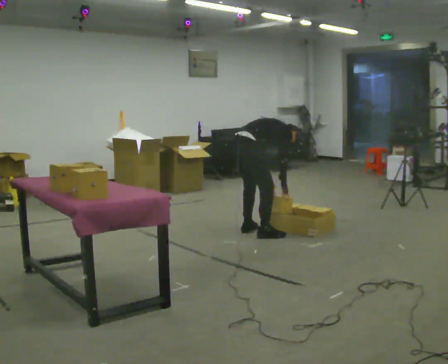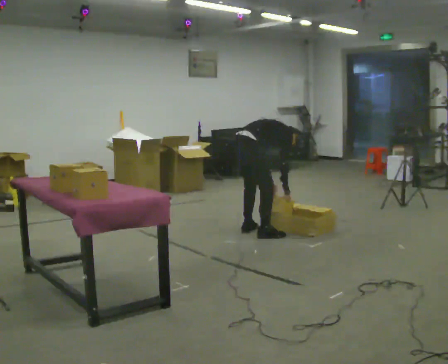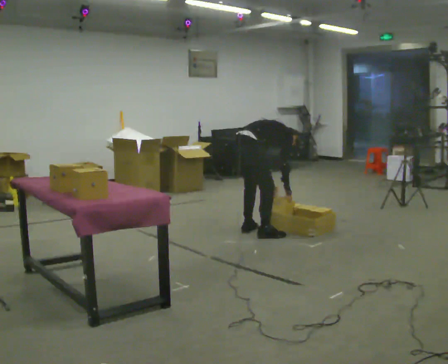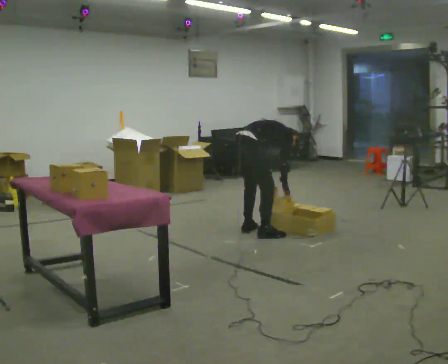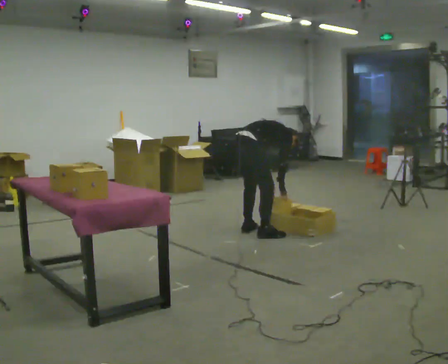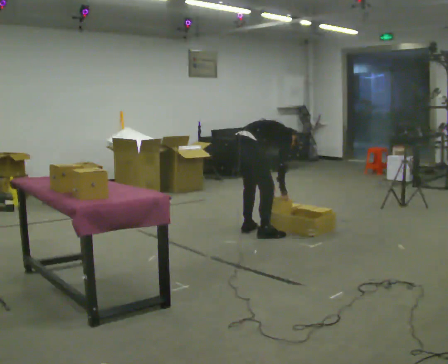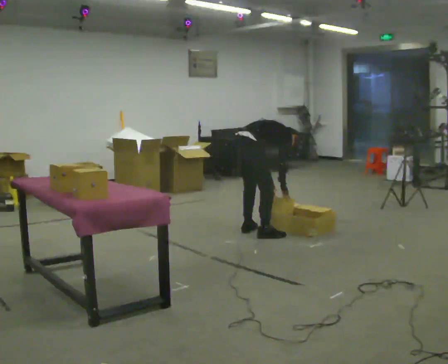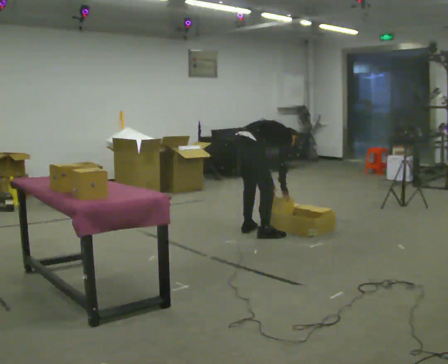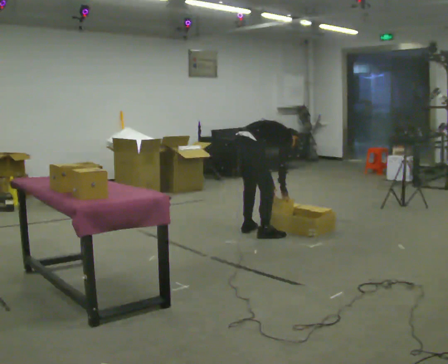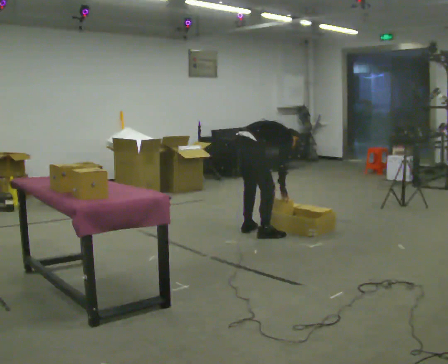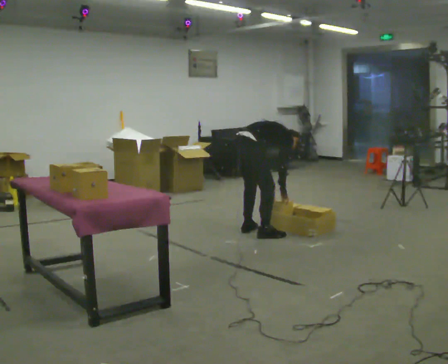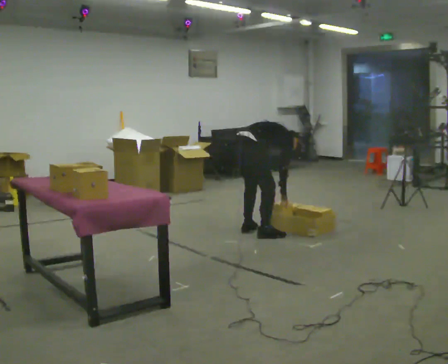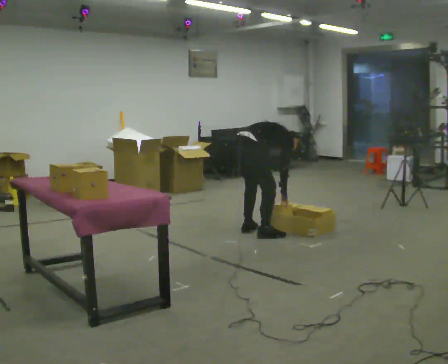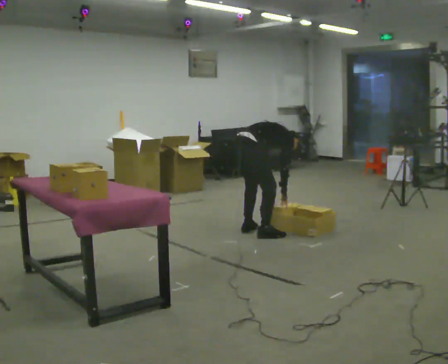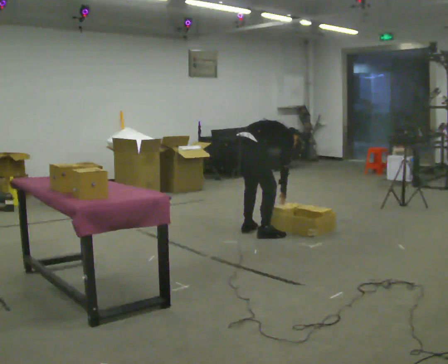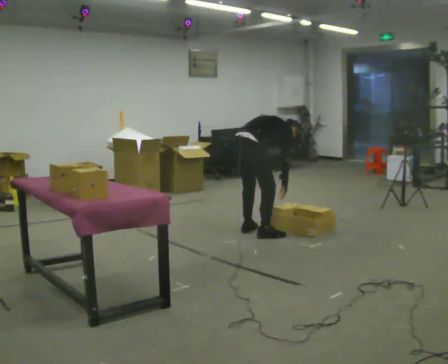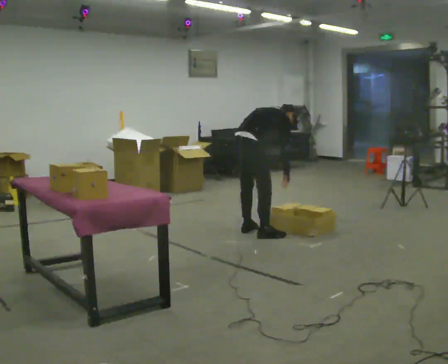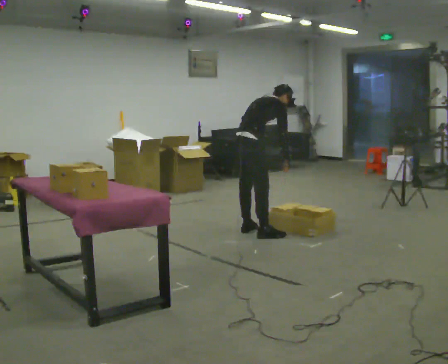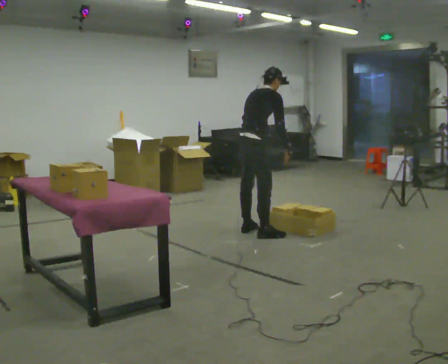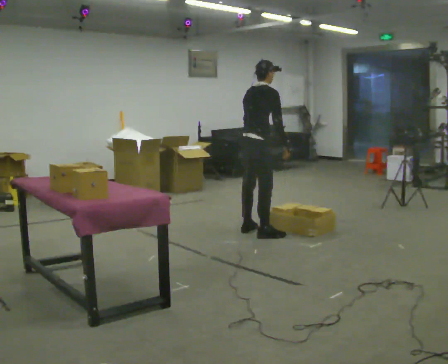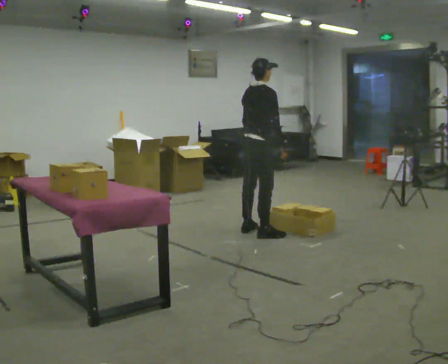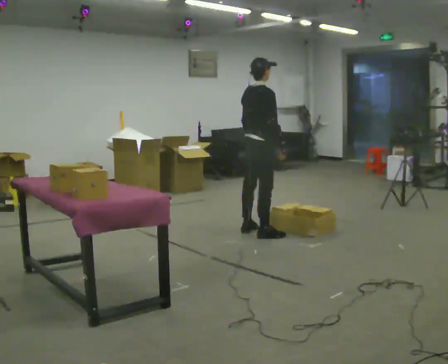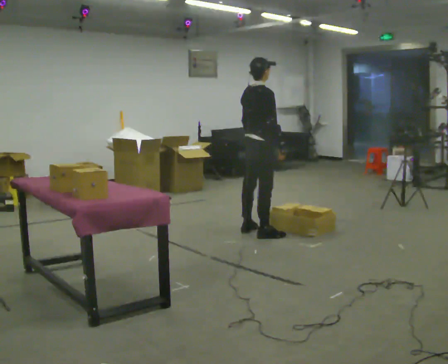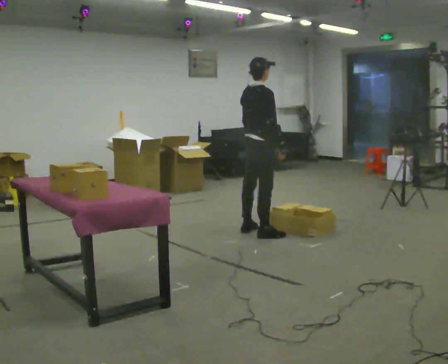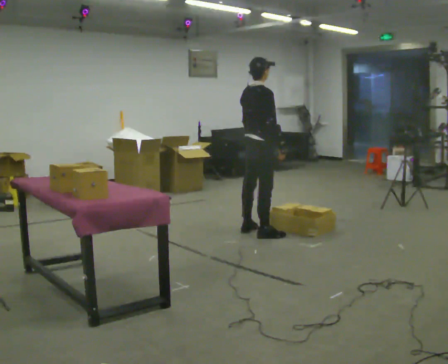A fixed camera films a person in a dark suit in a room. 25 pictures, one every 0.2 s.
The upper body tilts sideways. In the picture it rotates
counterclockwise.
The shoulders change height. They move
upward.
0.0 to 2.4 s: The person moves a little, or ends about where they began.
2.4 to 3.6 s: The shoulders move upward. In the picture the upper body tilts counterclockwise, shoulders to the left, as they lean back or straighten. In the picture their right hand goes upward.
3.6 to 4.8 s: The upper body tips toward the camera, its near side rolling downward, as they lean back or straighten.
The film runs forward here.
